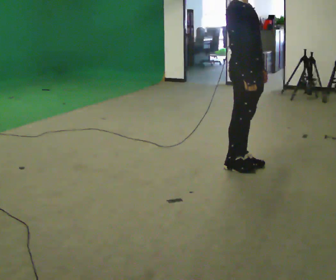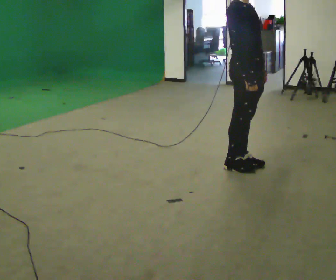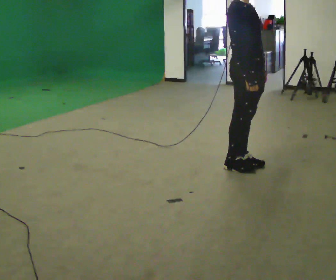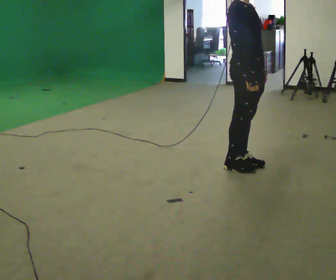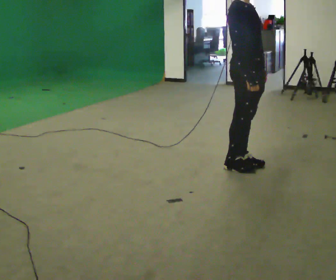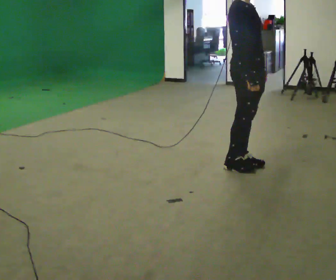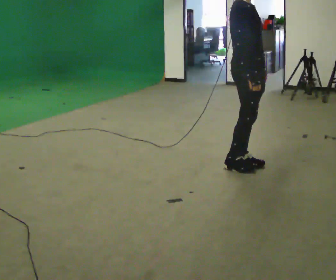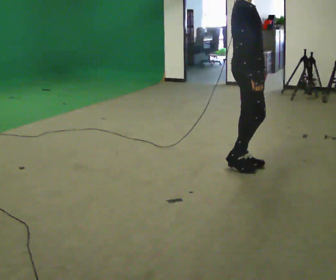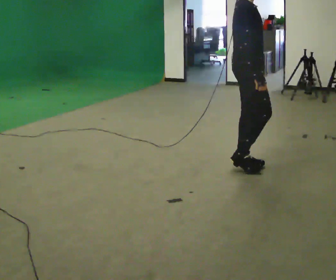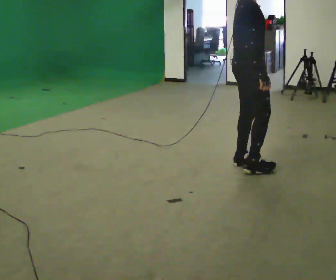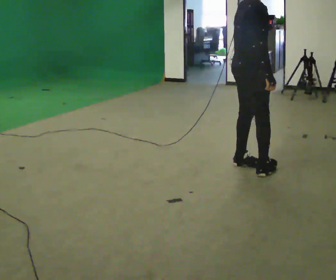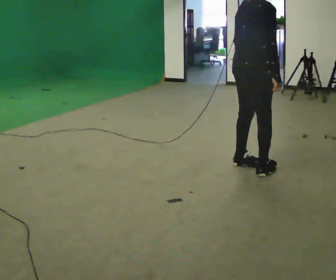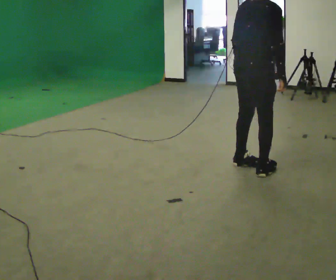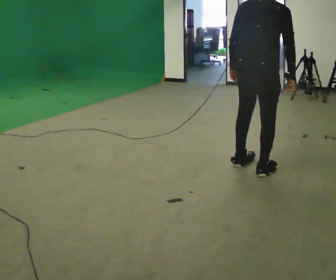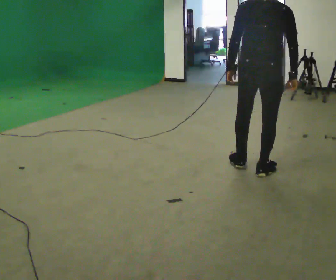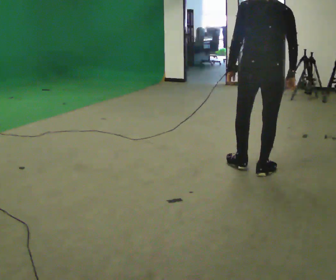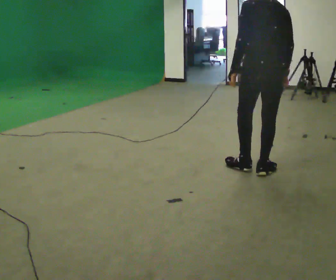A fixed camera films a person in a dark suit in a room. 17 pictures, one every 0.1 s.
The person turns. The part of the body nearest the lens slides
to the right.
The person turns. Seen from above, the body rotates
counterclockwise.
0.0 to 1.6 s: Seen from above the body turns counterclockwise, about 135 degrees: to their left, with its near side sliding to the right. In the picture they go to the right, about 0.25 m in 1 step.
The film runs forward here.
